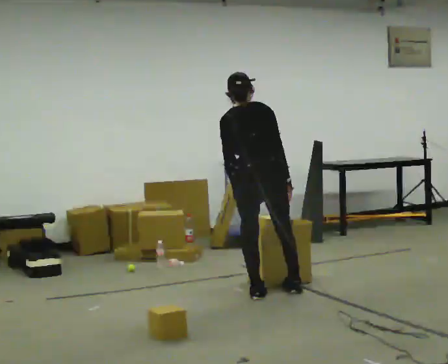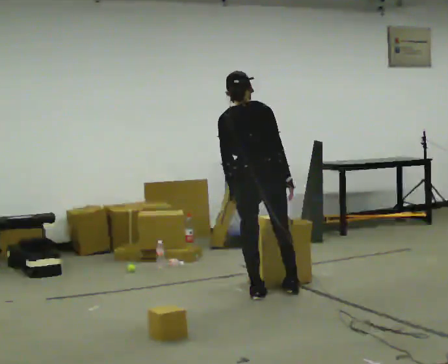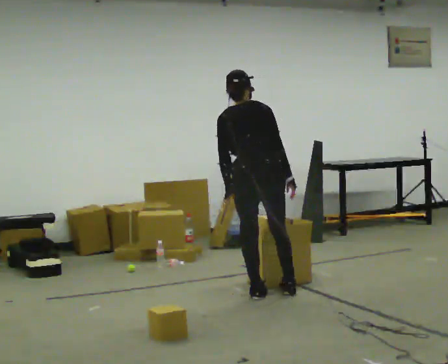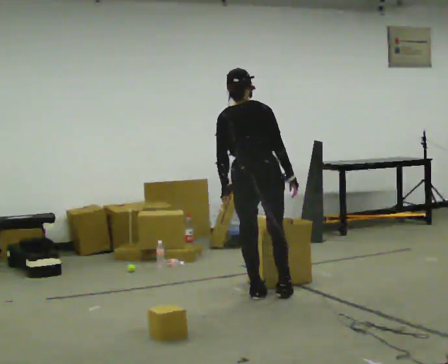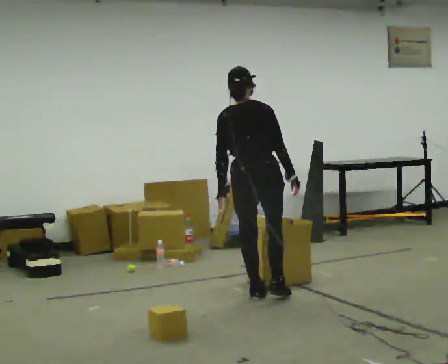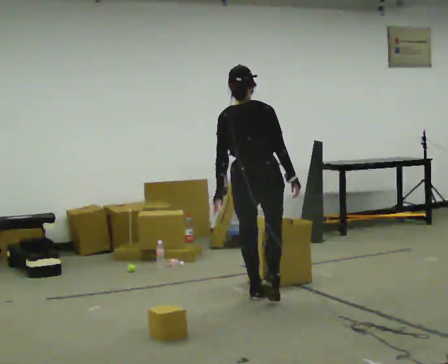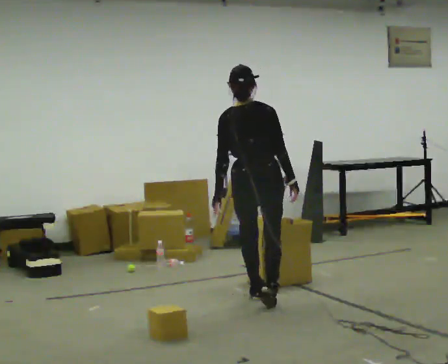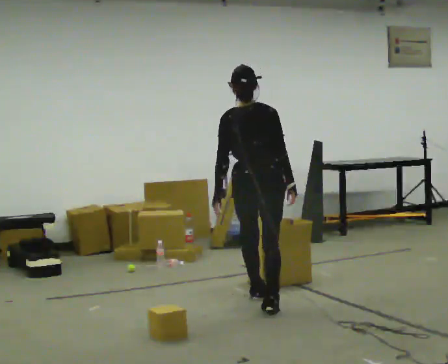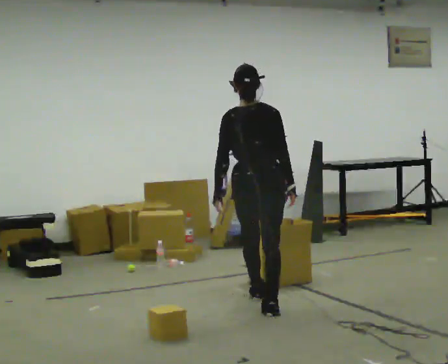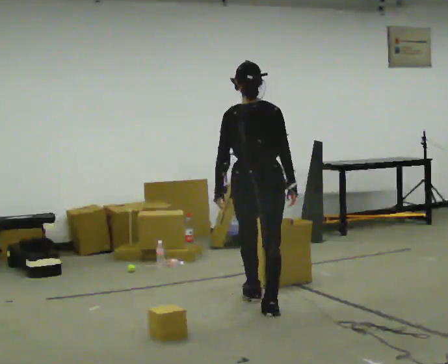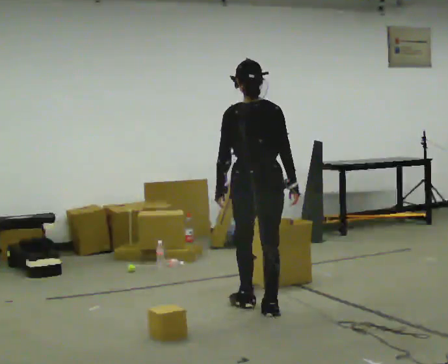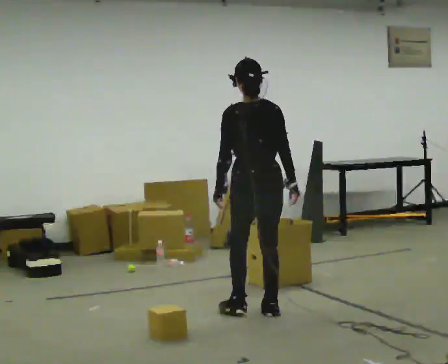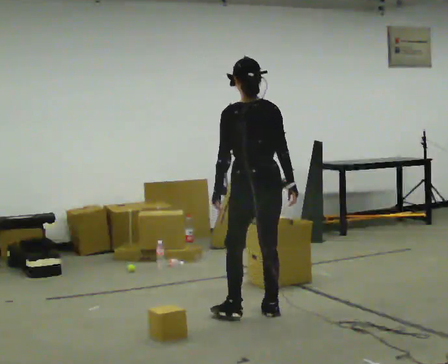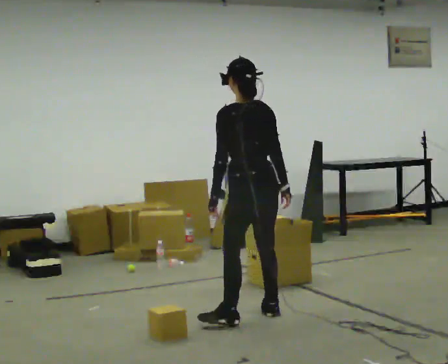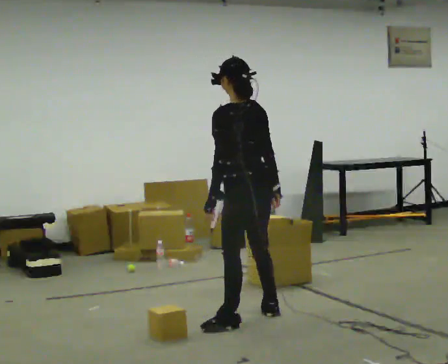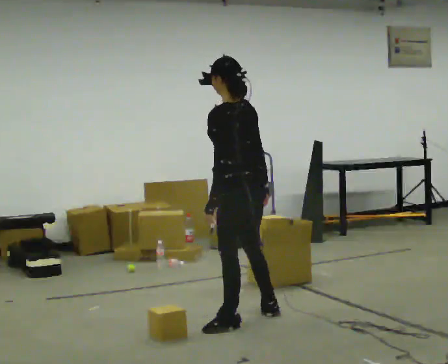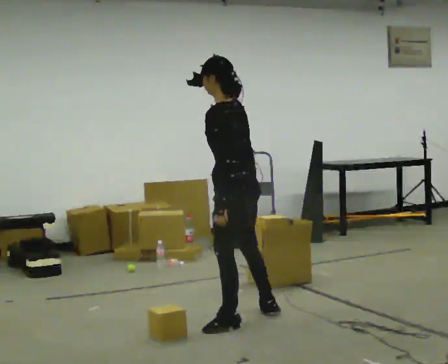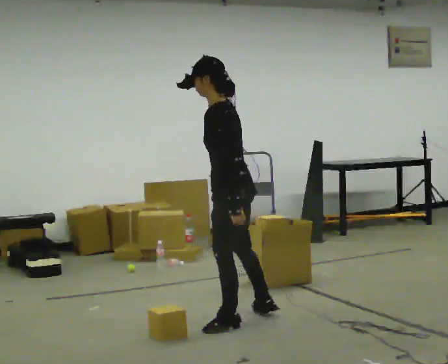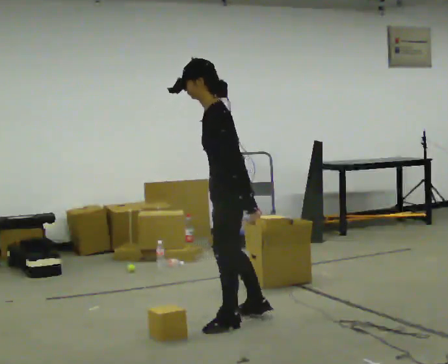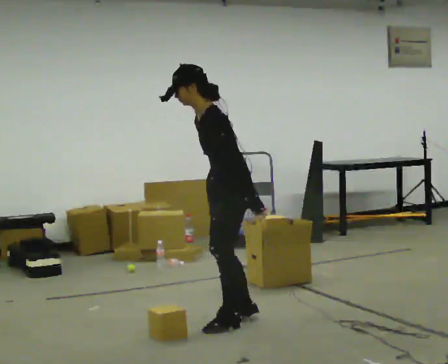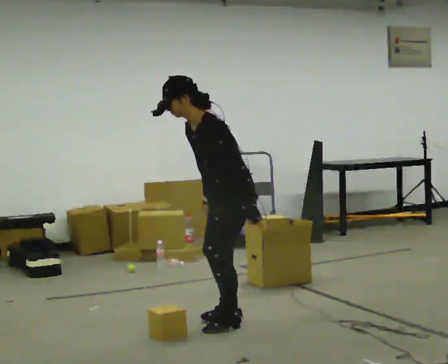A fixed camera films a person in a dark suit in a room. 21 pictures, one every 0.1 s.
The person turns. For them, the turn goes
to their left.
The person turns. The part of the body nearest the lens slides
to the right.
0.0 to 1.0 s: In the picture they go toward the camera, about 0.25 m in 2 steps, which for them is backward. The upper body tips toward the camera, its near side rolling downward, as they lean back or straighten.
1.0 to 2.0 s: Seen from above the body turns counterclockwise, about 90 degrees: to their left, with its near side sliding to the right. In the picture they go toward the camera and to the left, about 0.25 m in 1 step. In the picture the upper body tilts counterclockwise, shoulders to the left, as they bend forward.
The film runs backward here.
